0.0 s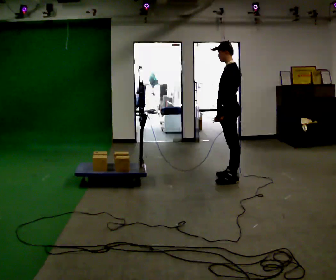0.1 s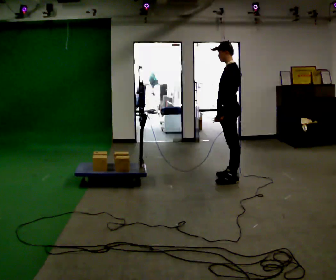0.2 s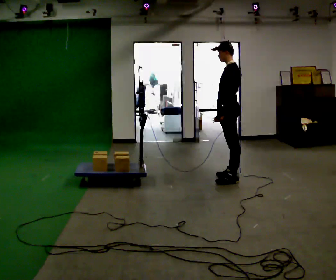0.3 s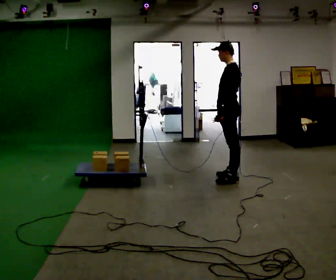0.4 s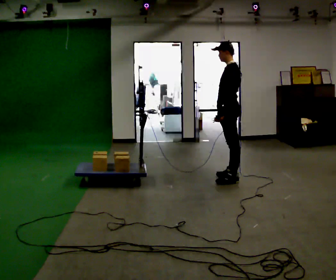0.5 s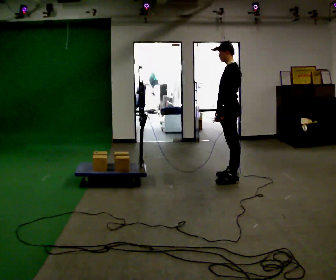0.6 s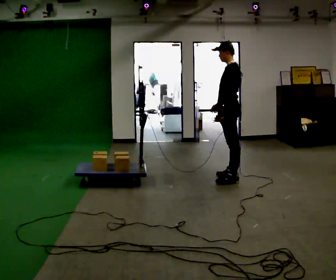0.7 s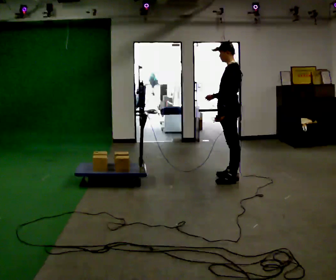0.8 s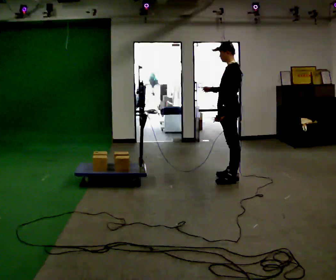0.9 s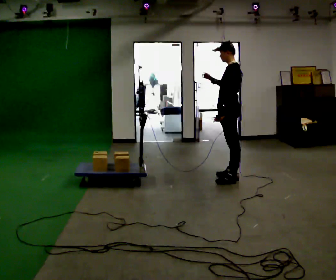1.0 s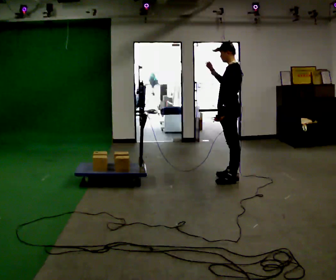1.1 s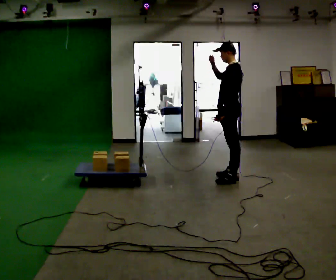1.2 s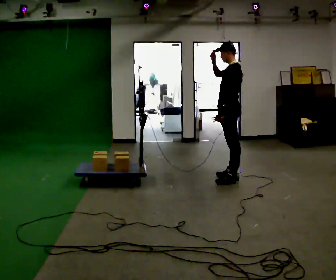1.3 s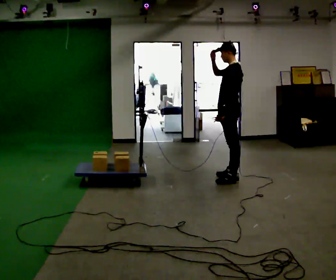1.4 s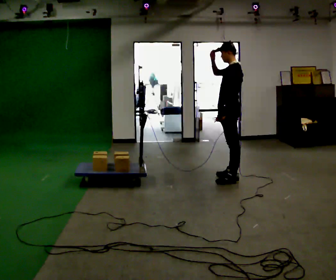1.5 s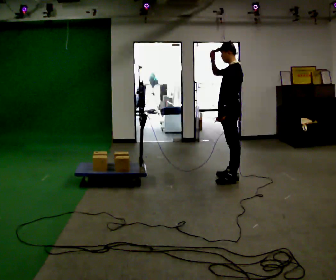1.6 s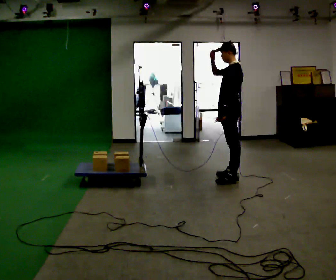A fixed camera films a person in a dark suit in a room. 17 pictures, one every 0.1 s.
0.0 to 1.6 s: In the picture their right hand goes upward.
The film runs forward here.
